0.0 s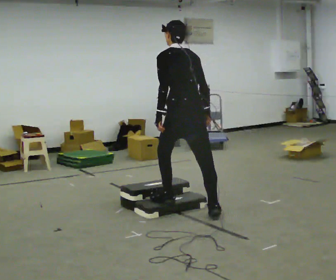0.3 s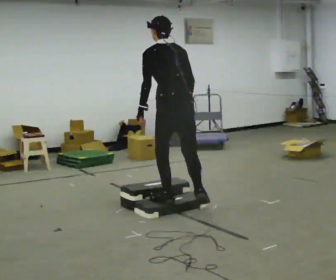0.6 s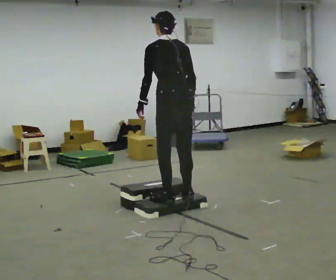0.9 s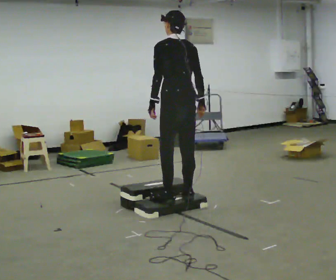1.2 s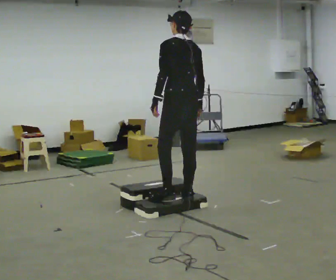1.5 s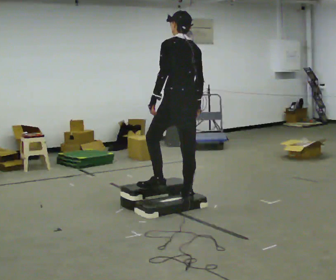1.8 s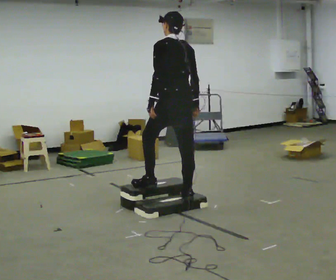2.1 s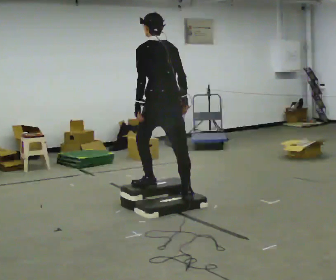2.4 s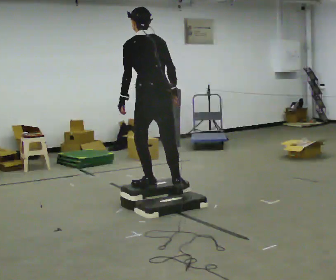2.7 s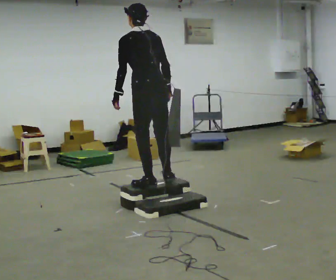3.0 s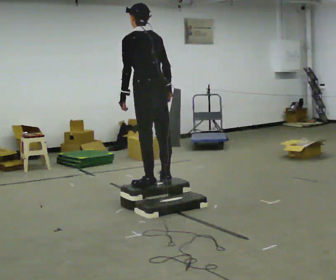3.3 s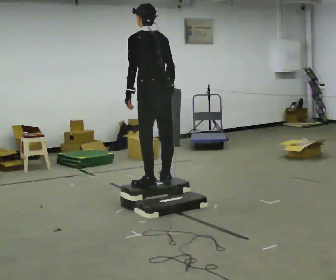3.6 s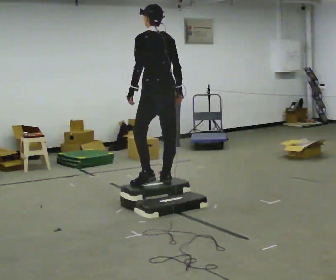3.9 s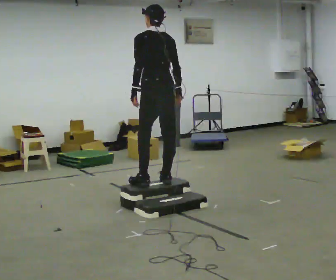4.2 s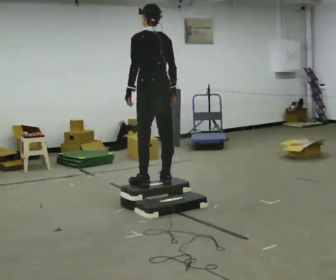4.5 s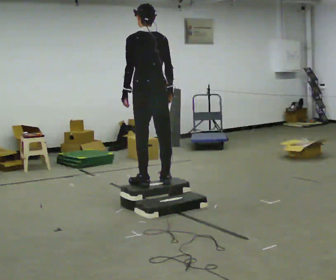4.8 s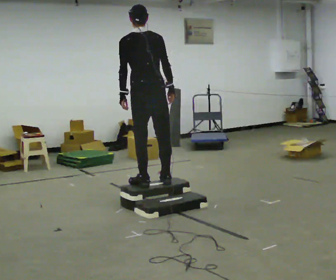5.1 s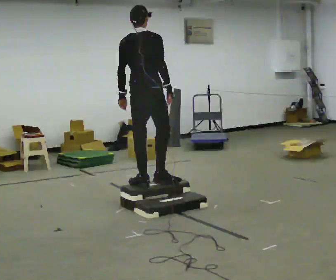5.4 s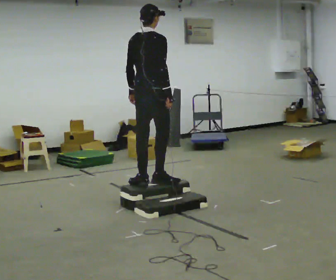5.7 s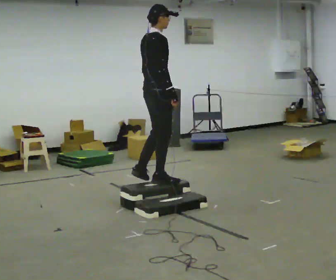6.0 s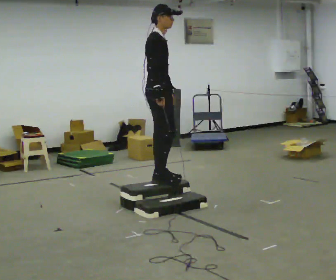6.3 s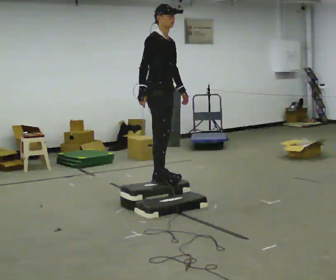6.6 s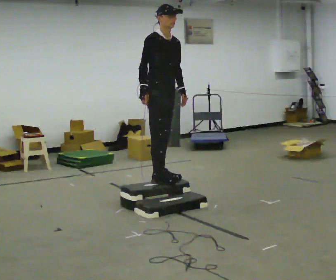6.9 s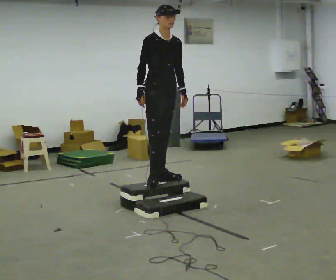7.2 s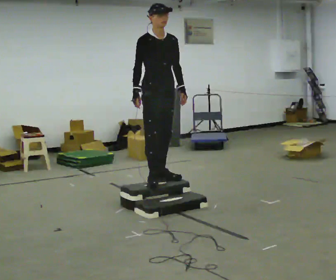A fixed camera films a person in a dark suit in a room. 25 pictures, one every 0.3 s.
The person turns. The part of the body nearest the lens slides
to the left.
The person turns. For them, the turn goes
to their right.
0.0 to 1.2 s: In the picture they go away from the camera, about 0.25 m in 1 step, which for them is forward.
1.2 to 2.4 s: In the picture they go to the left, about 0.25 m in 1 step, which for them is forward and to their left.
2.4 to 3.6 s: In the picture they go away from the camera, about 0.25 m in 1 step, which for them is to their right.
3.6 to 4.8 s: The person moves a little, or ends about where they began.
4.8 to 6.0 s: The person turns about 120 degrees to their right, clockwise seen from above, so the part of the body nearest the lens slides to the left. In the picture the upper body tilts clockwise, shoulders to the right.
6.0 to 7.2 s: The person turns about 45 degrees to their right, clockwise seen from above, so the part of the body nearest the lens slides to the left.
The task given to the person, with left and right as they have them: Walk up the three steps, turn at the top, and walk back down at a comfortable speed. Use the handrail only if you need it.
The film runs forward here.
